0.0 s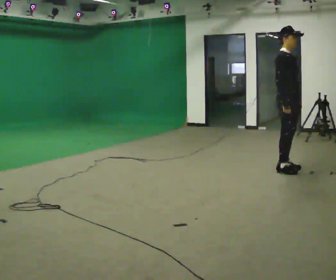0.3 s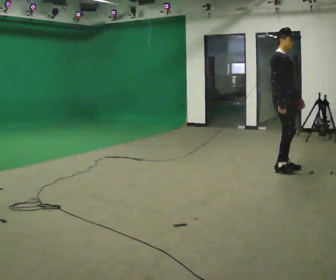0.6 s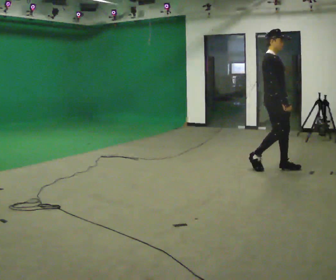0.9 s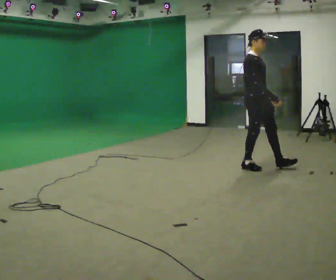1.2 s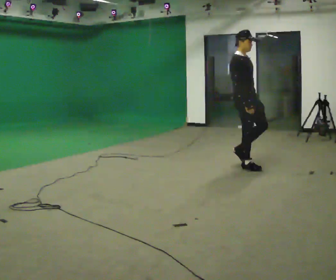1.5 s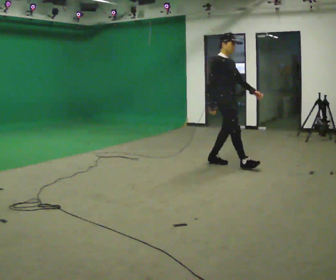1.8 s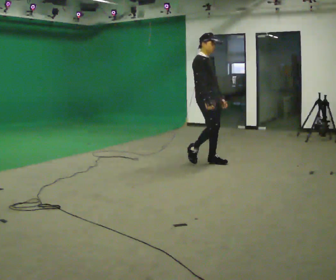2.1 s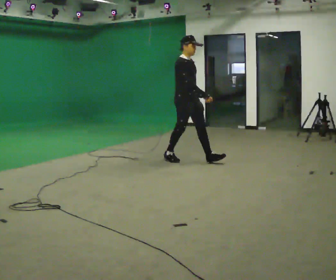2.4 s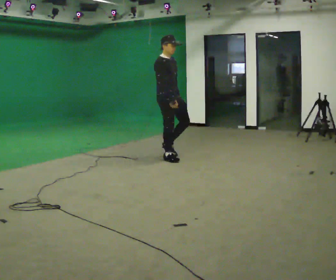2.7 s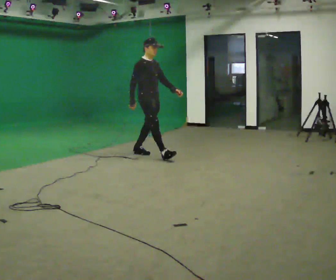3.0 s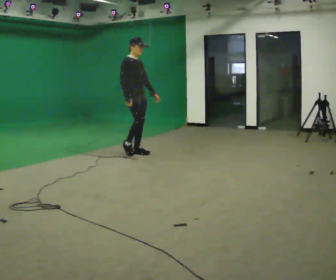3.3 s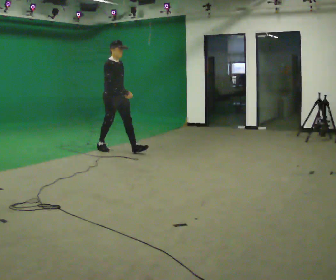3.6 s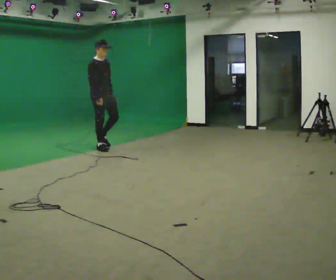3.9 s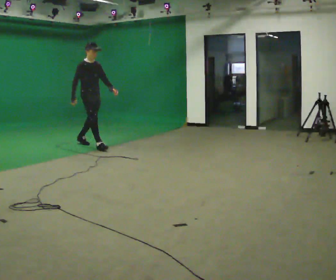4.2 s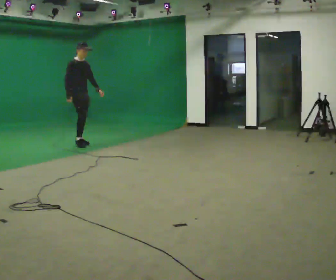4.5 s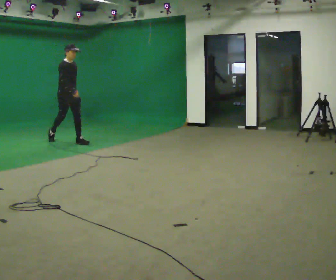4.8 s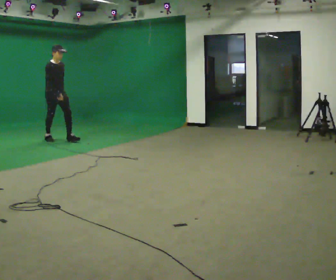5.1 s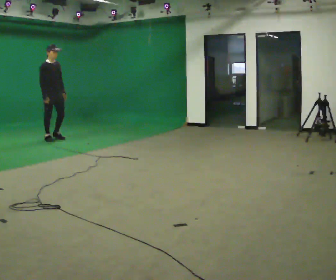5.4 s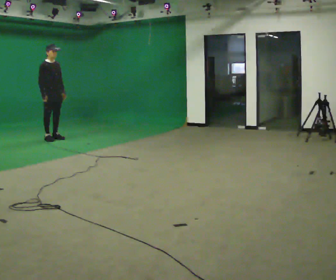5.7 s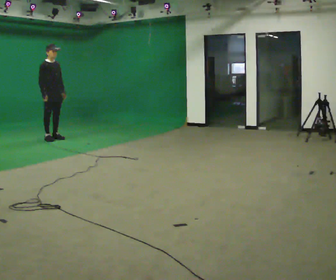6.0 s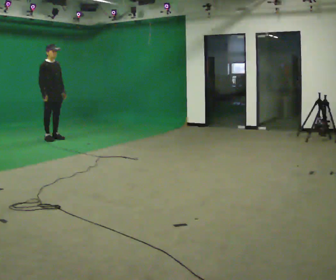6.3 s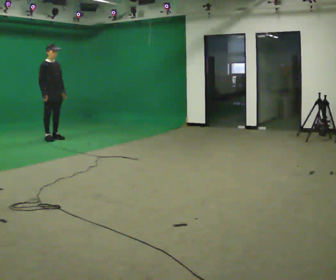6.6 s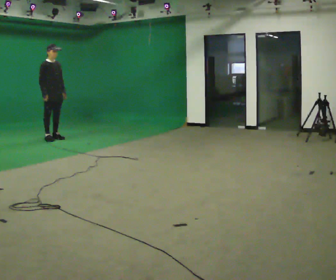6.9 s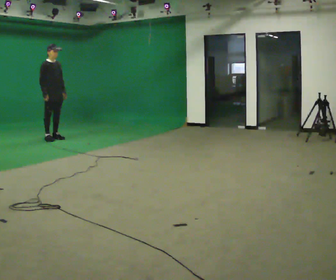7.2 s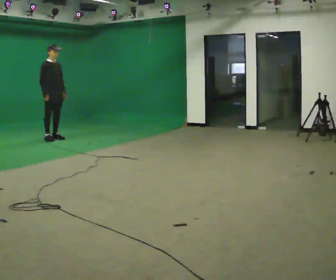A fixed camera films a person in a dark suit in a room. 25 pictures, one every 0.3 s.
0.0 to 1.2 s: In the picture they go to the left and away from the camera, about 0.5 m in 2 steps, which for them is backward.
1.2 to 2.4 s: In the picture they go to the left and away from the camera, about 1 m in 2 steps, which for them is backward.
2.4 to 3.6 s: In the picture they go to the left and away from the camera, about 1.5 m in 2 steps, which for them is backward.
3.6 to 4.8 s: In the picture they go to the left and away from the camera, about 1 m in 2 steps, which for them is backward.
4.8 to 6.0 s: In the picture they go away from the camera, about 0.25 m, which for them is backward.
6.0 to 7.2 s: The person keeps their place and pose.
The film runs backward here.
